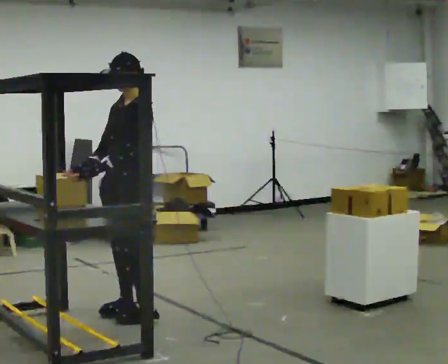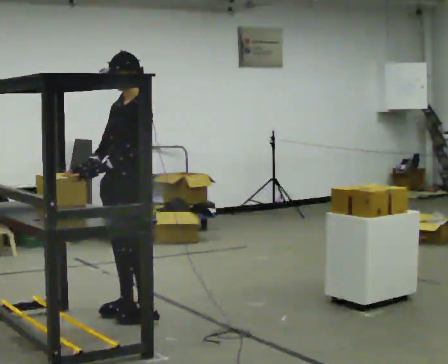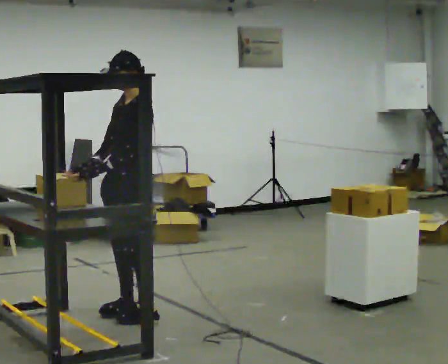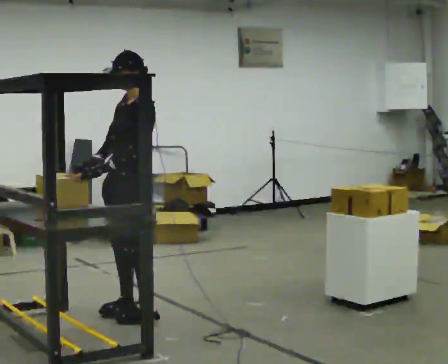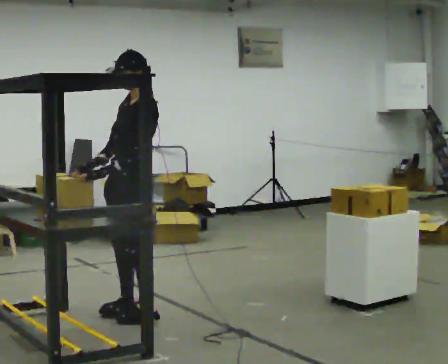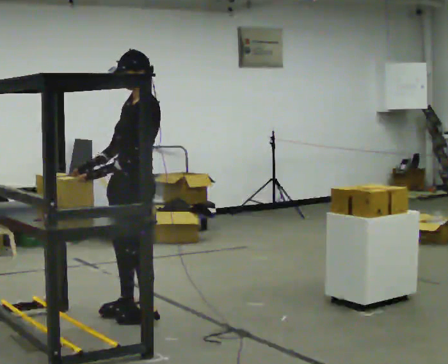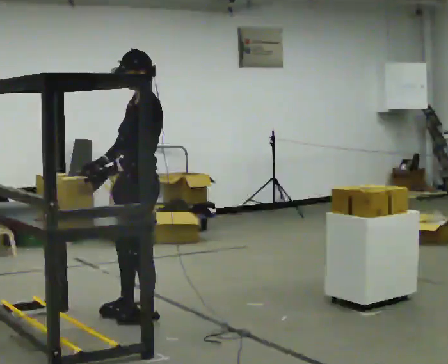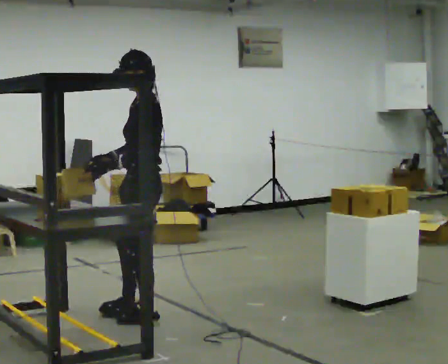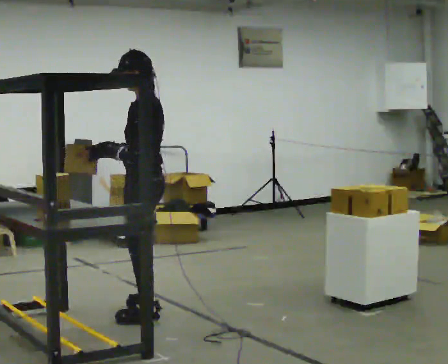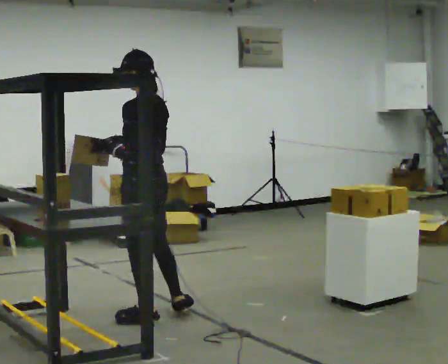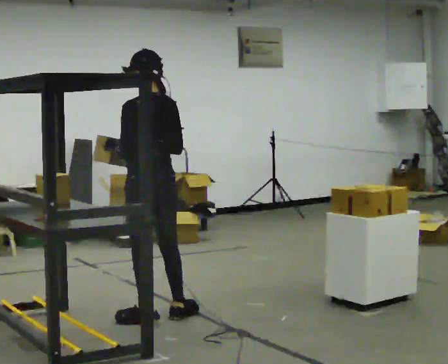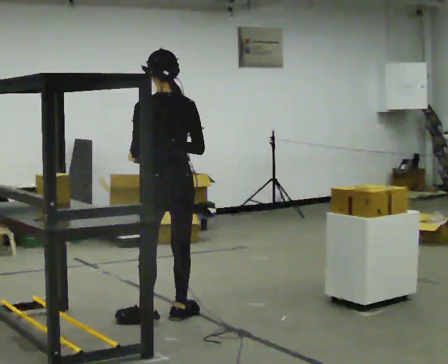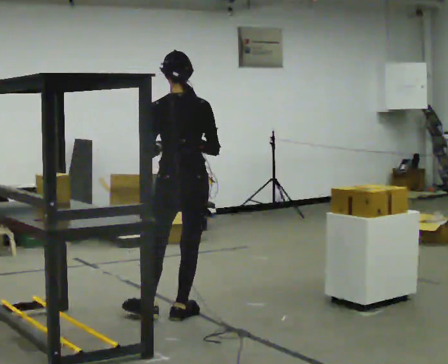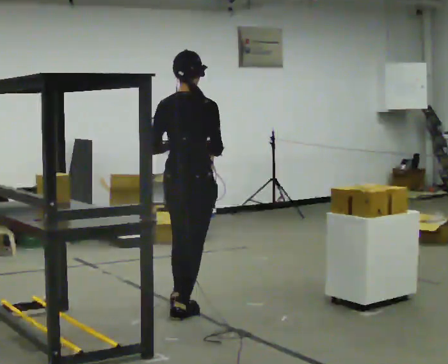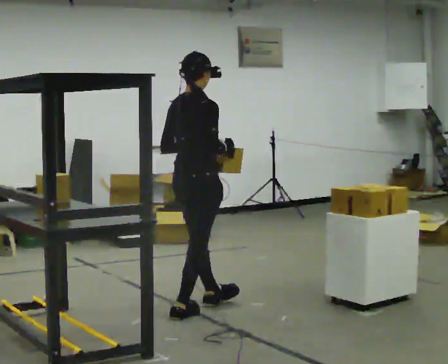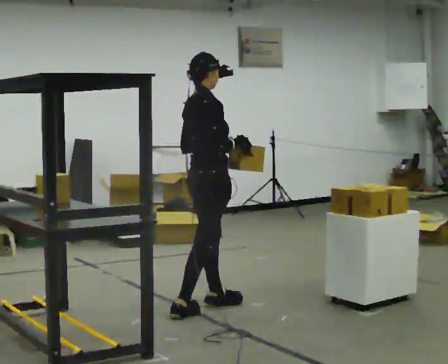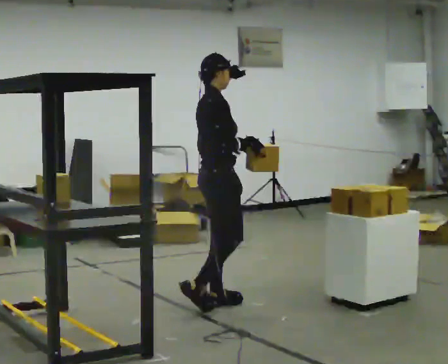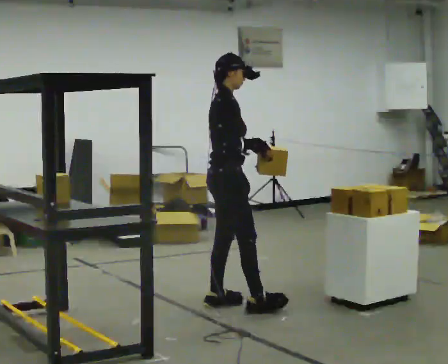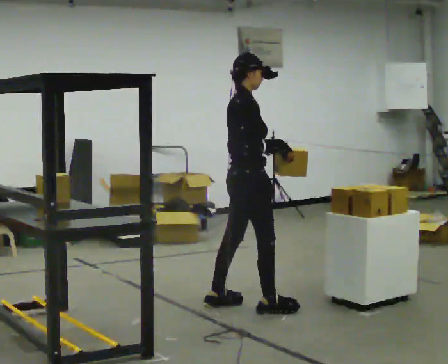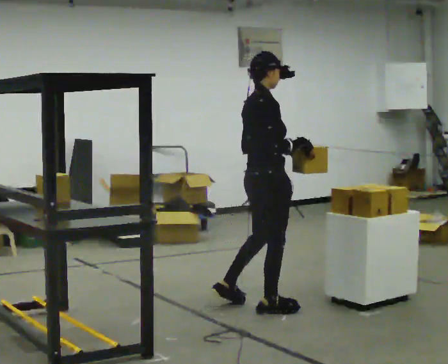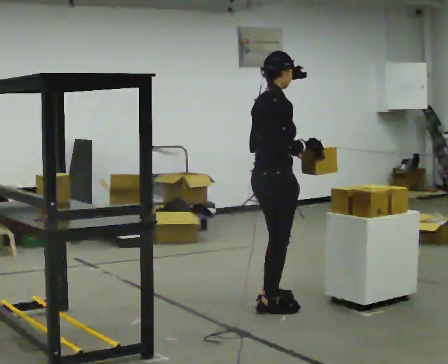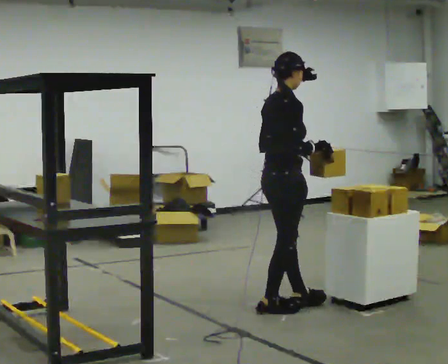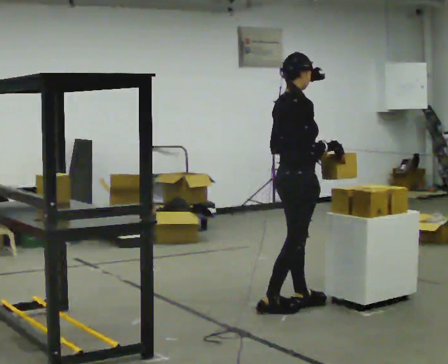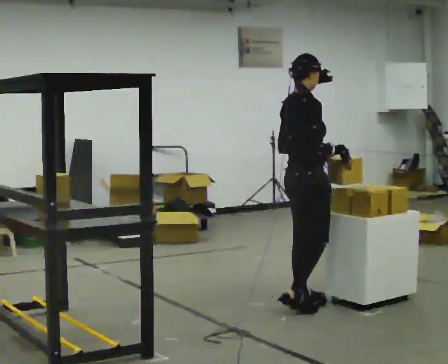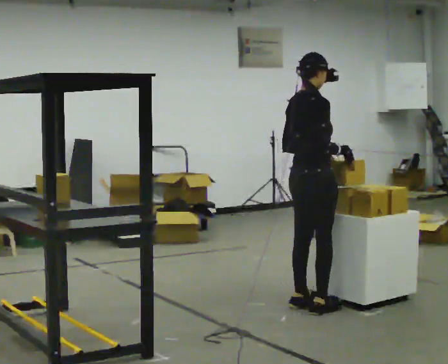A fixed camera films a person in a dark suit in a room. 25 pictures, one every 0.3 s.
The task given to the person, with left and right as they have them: Move objects one at a time from the waist-height shelf at one end of the room to the waist-height shelf at the other end. Keep going until the operator says stop; one object at a time, and do not rush between trips.
0.0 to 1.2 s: The person moves a little, or ends about where they began.
1.2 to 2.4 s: The person turns about 45 degrees to their right, clockwise seen from above, so the part of the body nearest the lens slides to the left.
2.4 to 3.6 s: The part of the body nearest the lens slides to the left as the person turns to their right by about 75 degrees. In the picture they go to the right, about 0.25 m in 1 step. In the picture their right hand goes to the right.
3.6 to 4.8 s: Seen from above the body turns clockwise, about 75 degrees: to their right, with its near side sliding to the left. In the picture they go away from the camera and to the right, about 0.25 m in 1 step.
4.8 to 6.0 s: In the picture they go to the right, about 0.25 m in 1 step, which for them is forward and to their right.
6.0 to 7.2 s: In the picture they go to the right, about 0.25 m in 2 steps, which for them is forward.
The film runs forward here.
